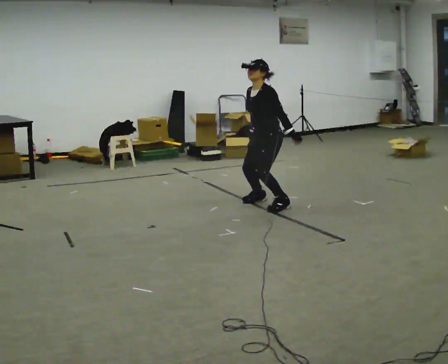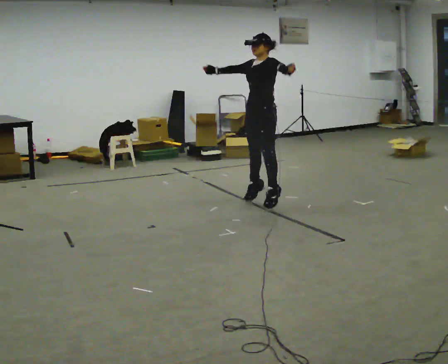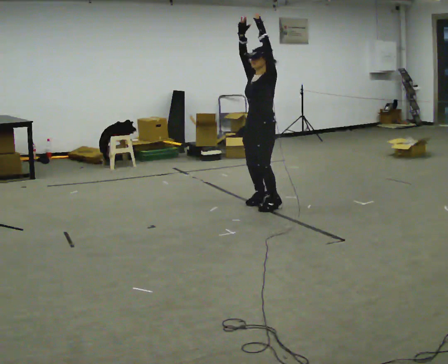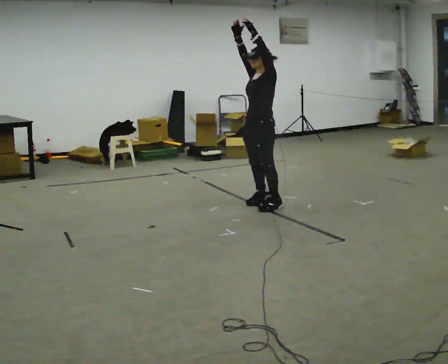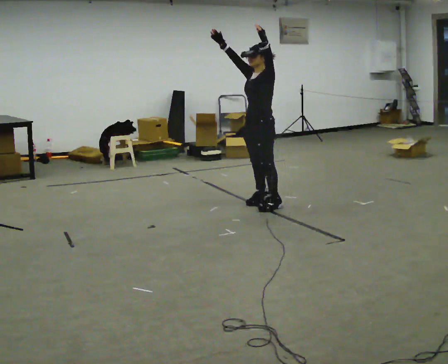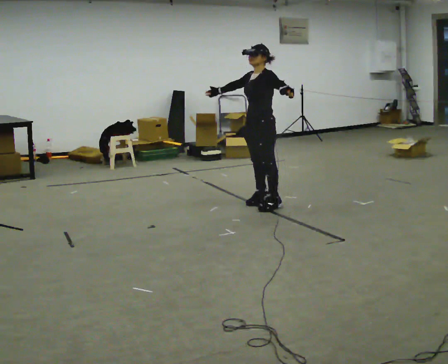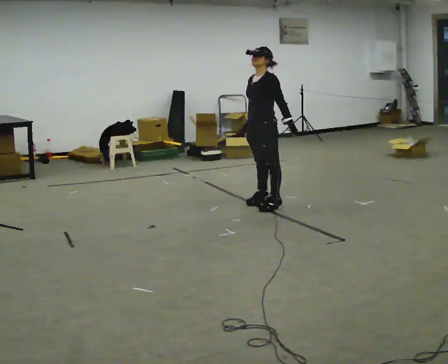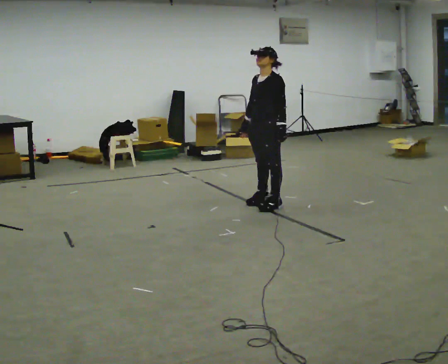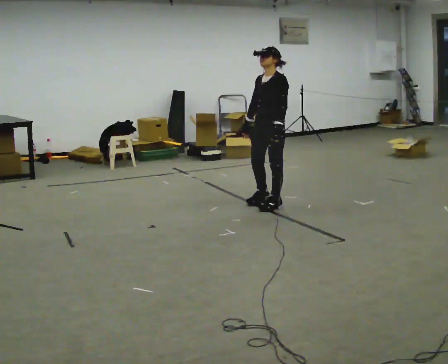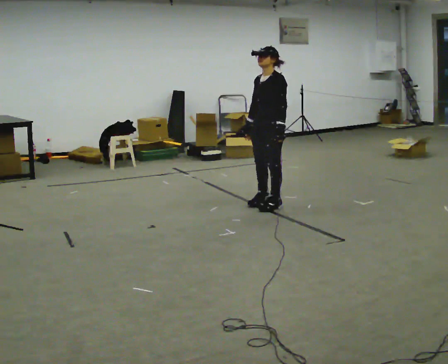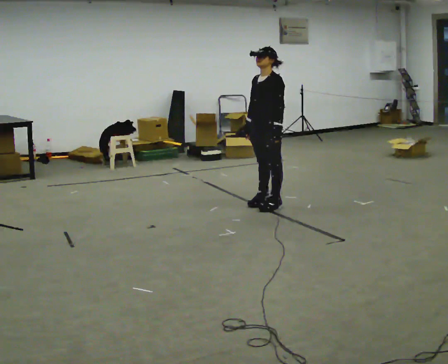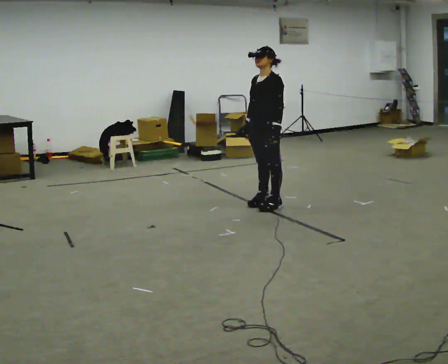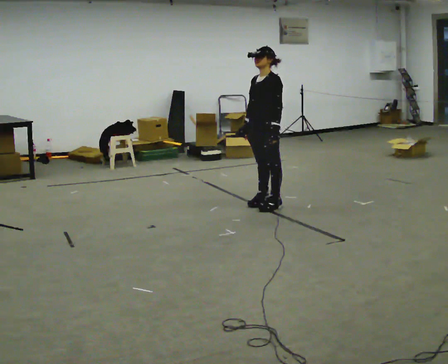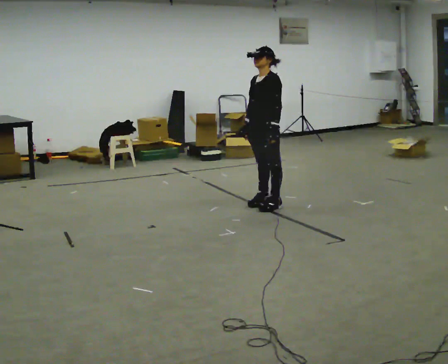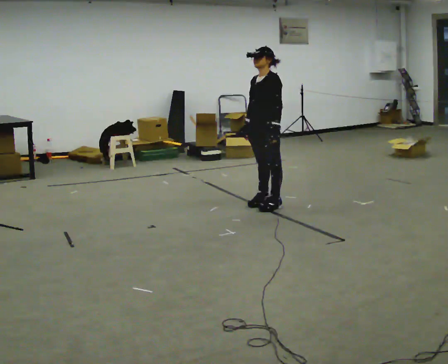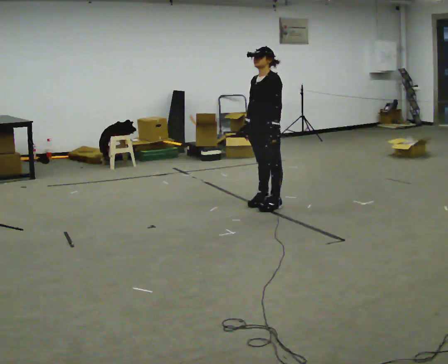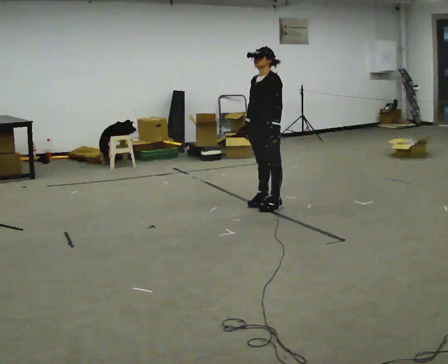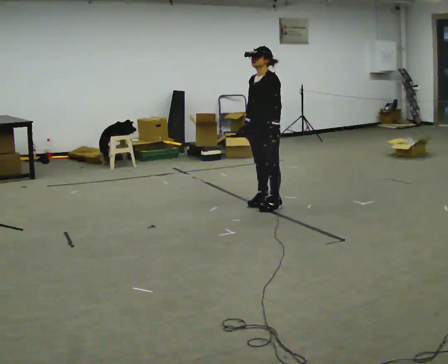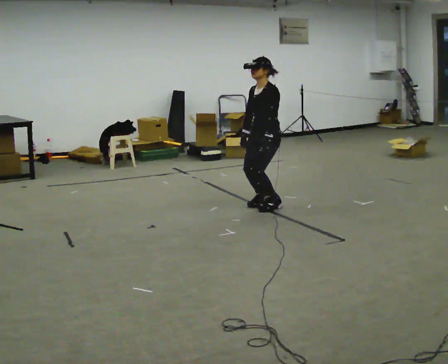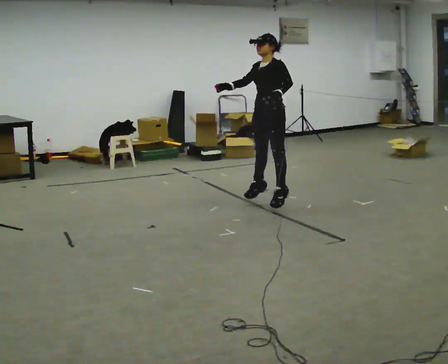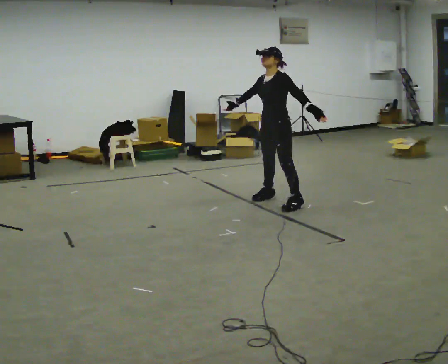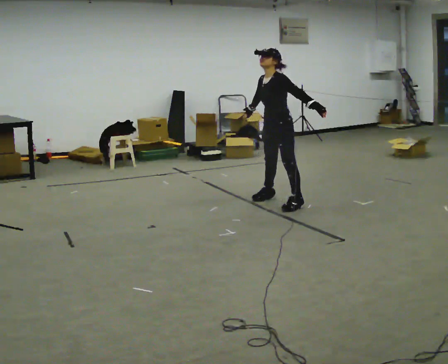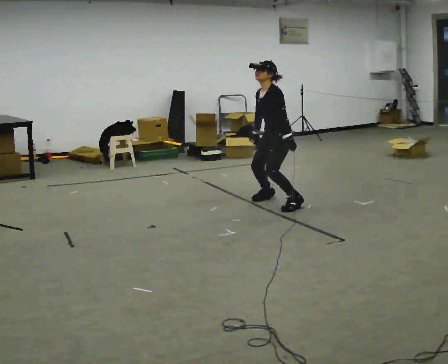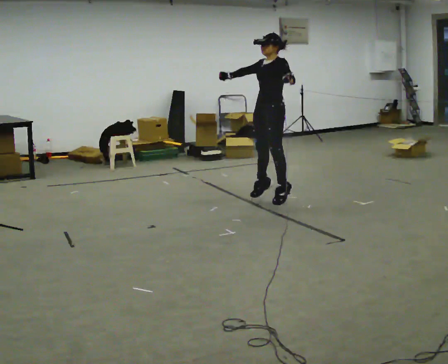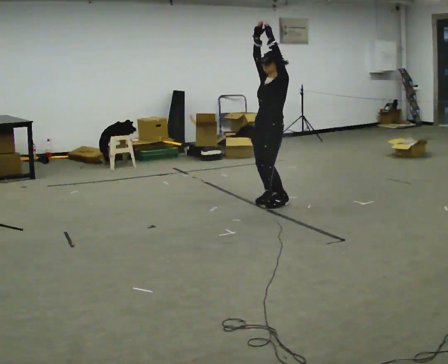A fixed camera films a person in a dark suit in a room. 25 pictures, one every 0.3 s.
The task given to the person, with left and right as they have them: Do jumping jacks at a steady pace until the operator says stop.
0.0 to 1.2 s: In the picture their right hand goes upward and to the left, the arm swinging clockwise.
1.2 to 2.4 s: In the picture their right hand goes downward, the arm swinging counterclockwise.
2.4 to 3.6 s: The person moves a little, or ends about where they began.
3.6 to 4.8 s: The person keeps their place and pose.
4.8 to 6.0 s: In the picture their left hand goes to the right.
6.0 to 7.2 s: In the picture their right hand goes upward.
The film runs forward here.
